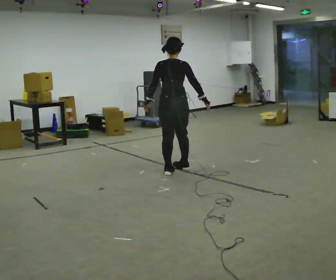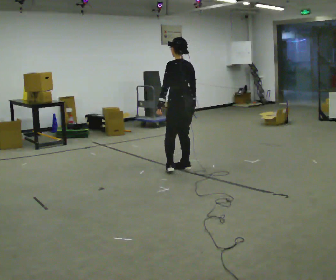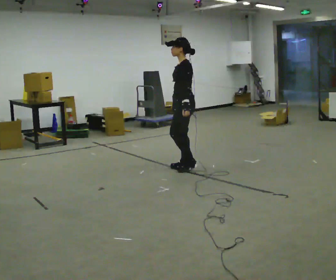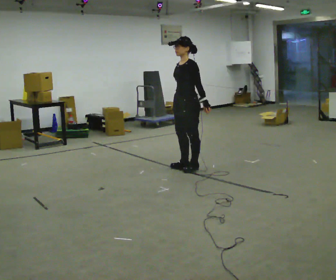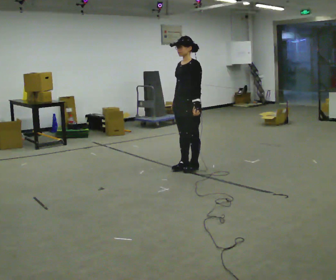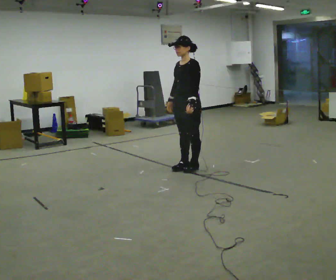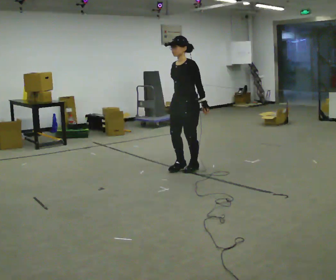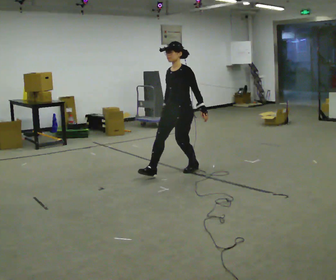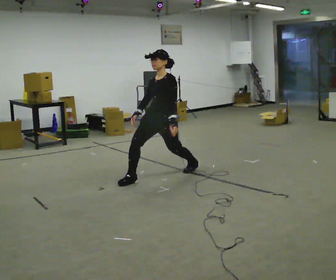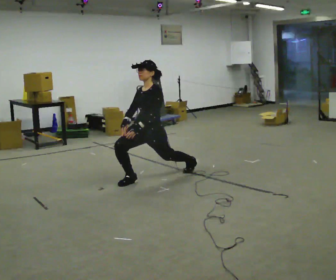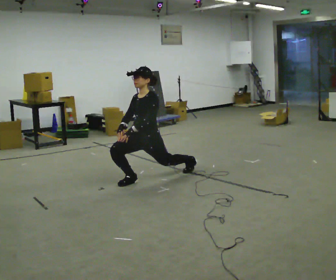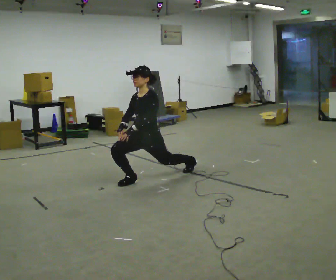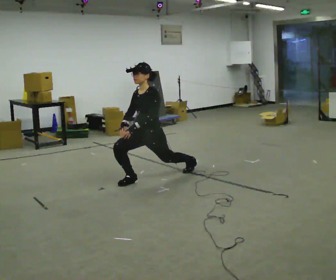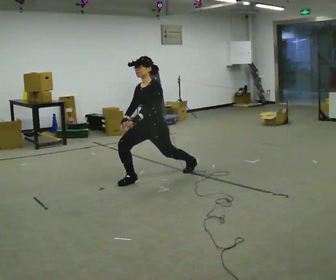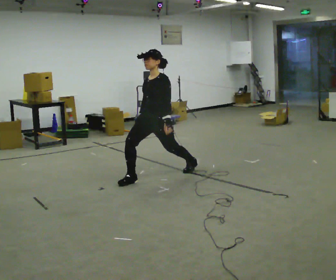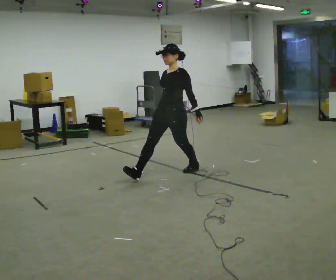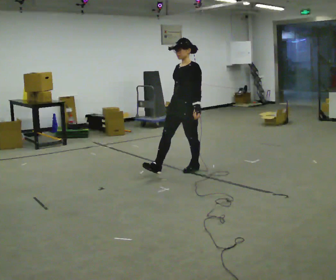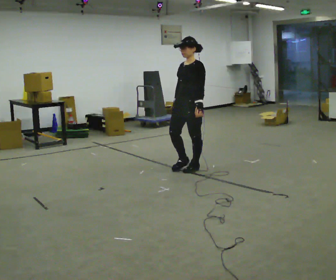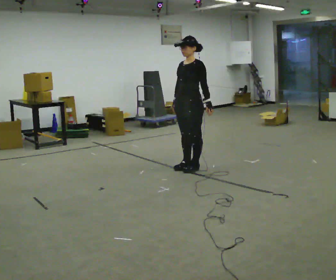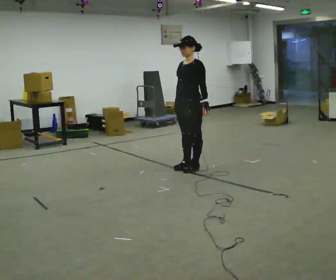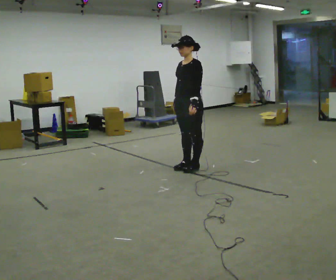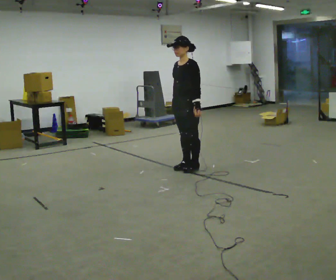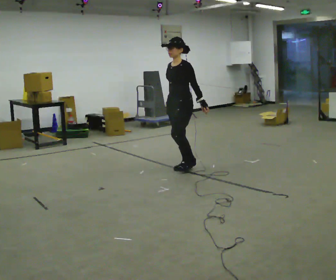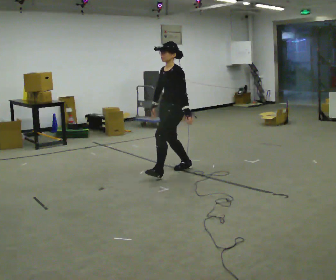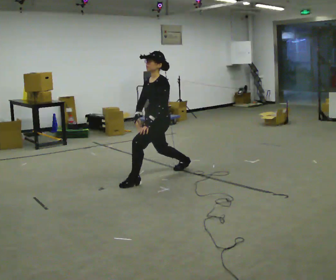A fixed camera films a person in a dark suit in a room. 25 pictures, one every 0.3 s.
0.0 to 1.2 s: The person turns about 135 degrees to their left, counterclockwise seen from above, so the part of the body nearest the lens slides to the right. In the picture they go to the right, about 0.25 m in 1 step.
1.2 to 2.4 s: In the picture they go to the left and toward the camera, about 0.5 m in 1 step, which for them is forward.
2.4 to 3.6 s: In the picture they go to the left, about 0.25 m, which for them is forward. The shoulders move downward. In the picture their left hand goes to the left.
3.6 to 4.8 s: In the picture they go to the right and away from the camera, about 0.5 m in 1 step, which for them is backward. The upper body goes upward.
4.8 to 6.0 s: The person moves a little, or ends about where they began.
6.0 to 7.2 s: In the picture they go to the left and toward the camera, about 0.5 m in 1 step, which for them is forward. The shoulders move downward.
The film runs backward here.
